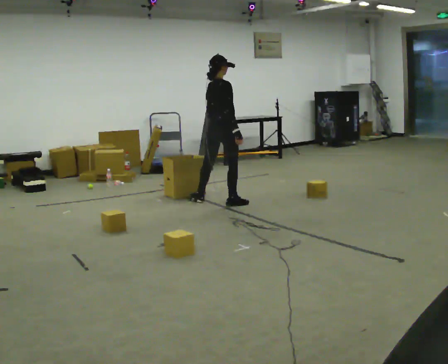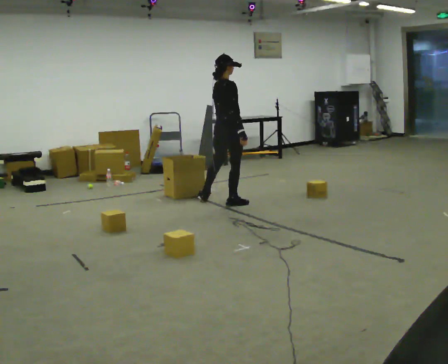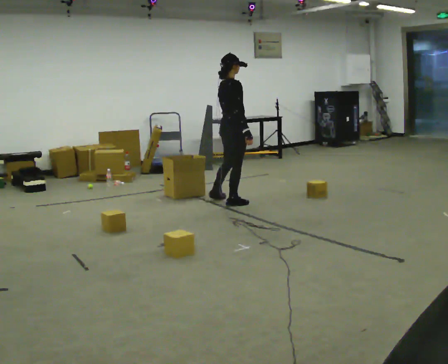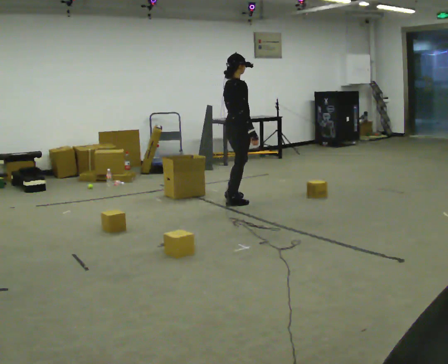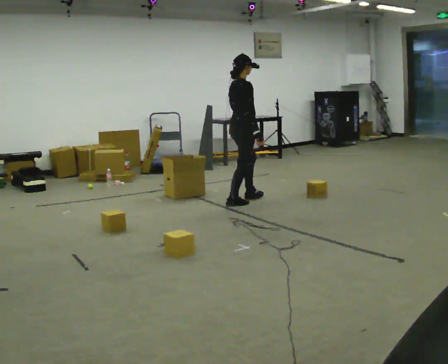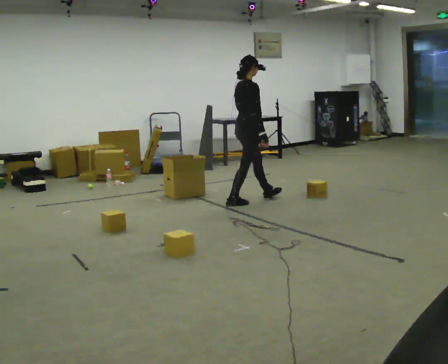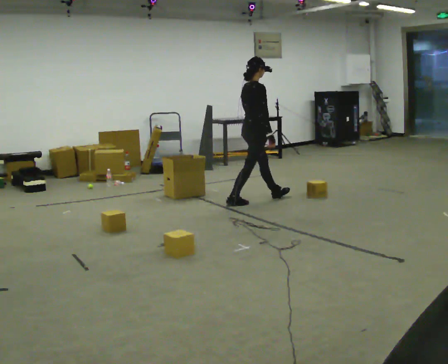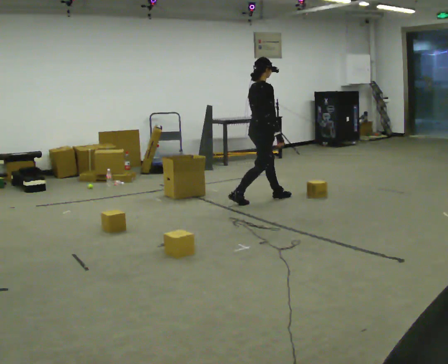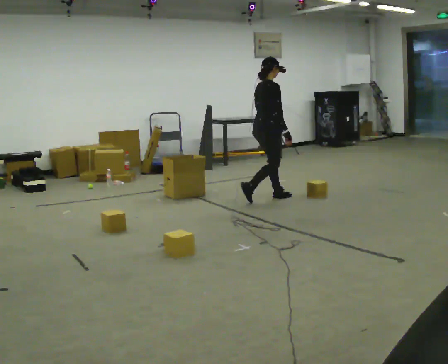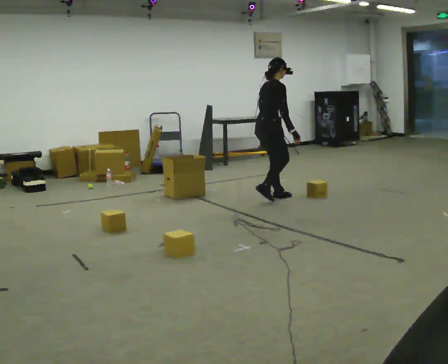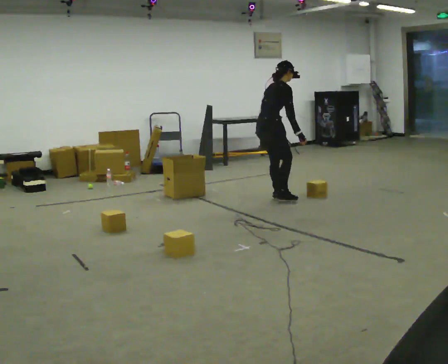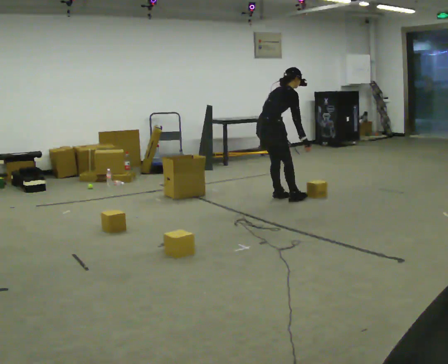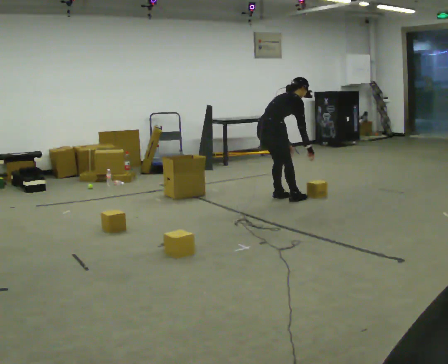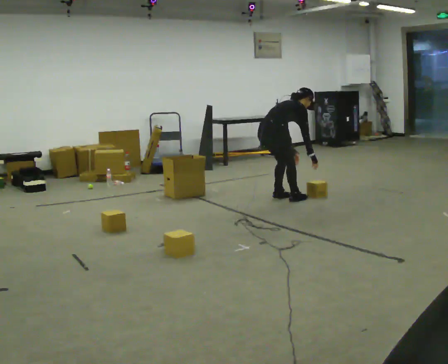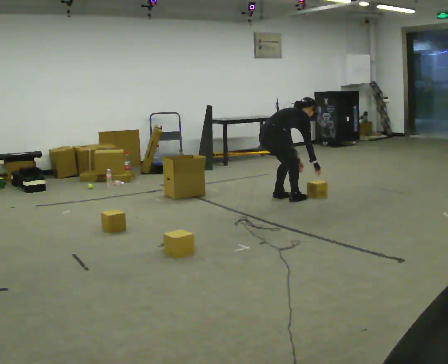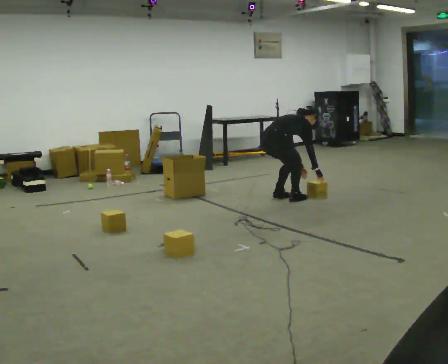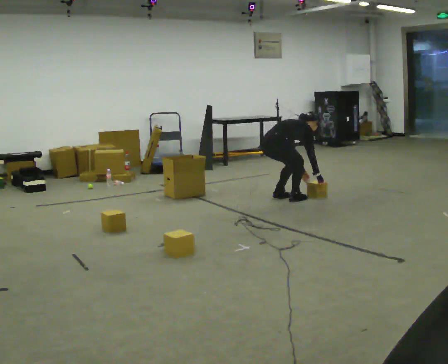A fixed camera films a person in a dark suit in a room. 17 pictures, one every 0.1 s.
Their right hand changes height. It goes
downward.
The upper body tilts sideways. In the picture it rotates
clockwise.
0.0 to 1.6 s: In the picture they go to the right, about 0.5 m in 2 steps, which for them is forward. The shoulders move downward. In the picture the upper body tilts clockwise, shoulders to the right, as they bend forward. In the picture their right hand goes downward.
The film runs forward here.
